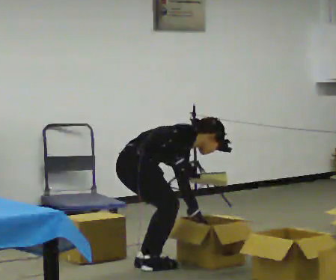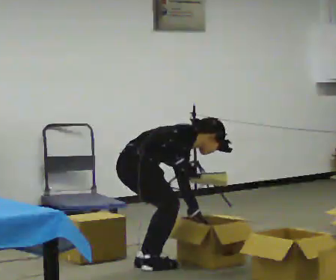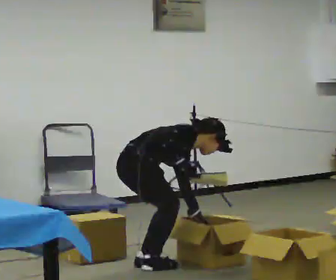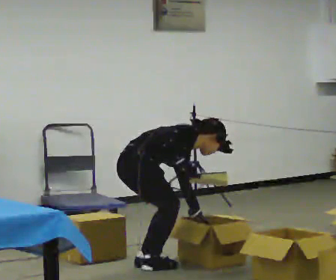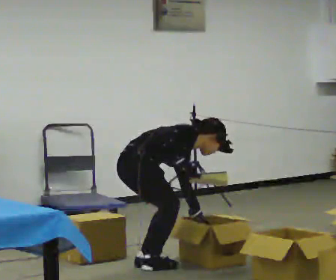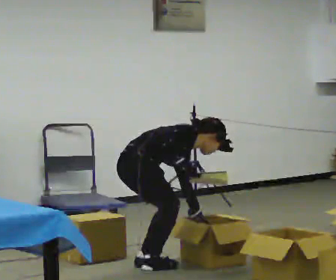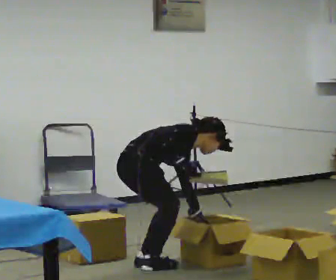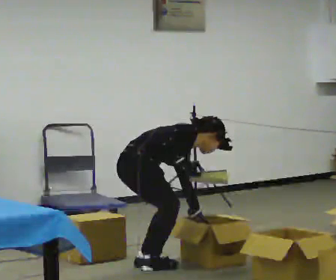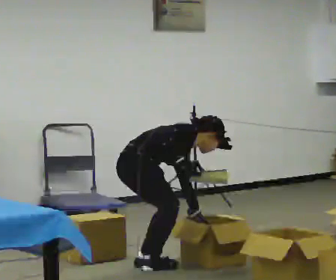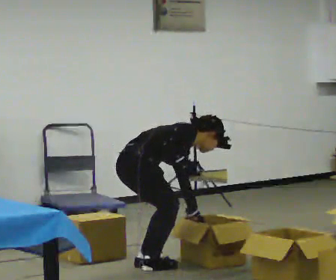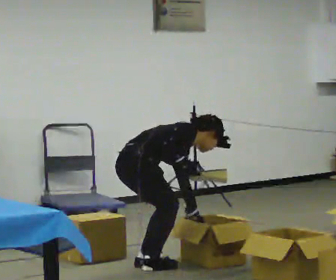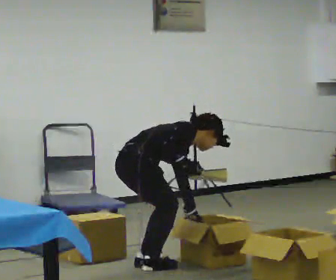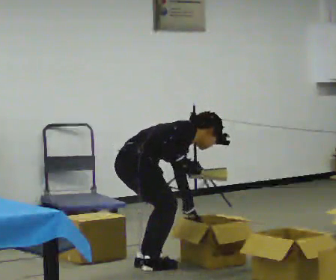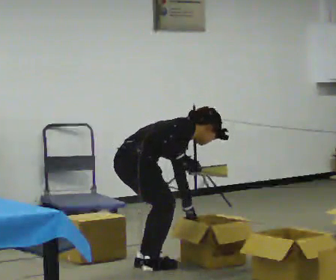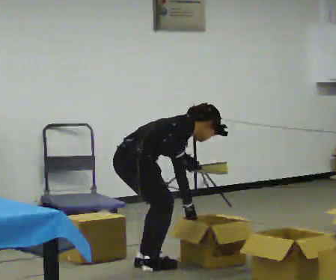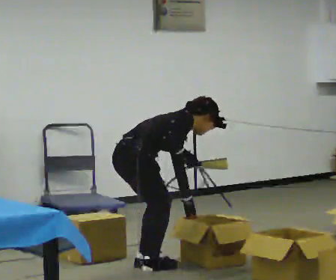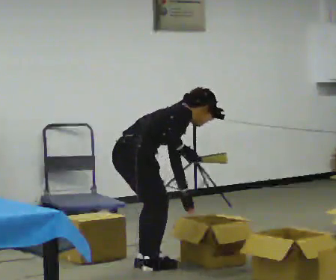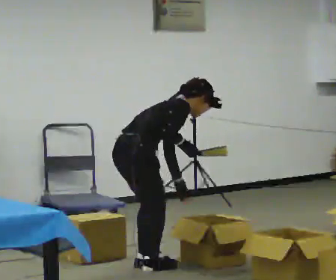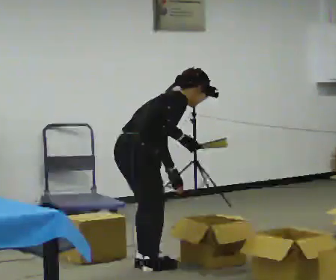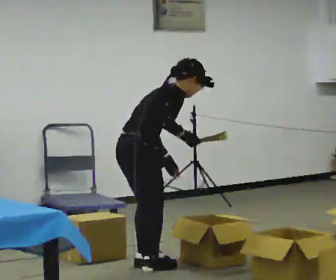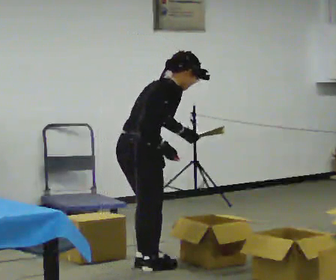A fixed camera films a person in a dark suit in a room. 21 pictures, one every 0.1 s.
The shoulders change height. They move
upward.
The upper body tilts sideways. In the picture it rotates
counterclockwise.
0.0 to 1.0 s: The person moves a little, or ends about where they began.
1.0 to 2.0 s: The upper body goes upward. In the picture the upper body tilts counterclockwise, shoulders to the left, as they lean back or straighten.
The film runs backward here.
